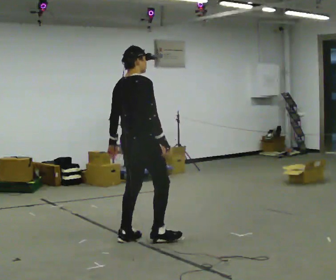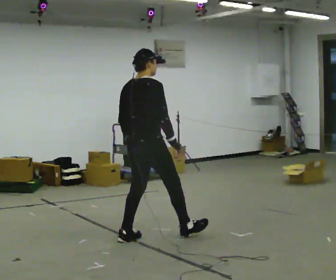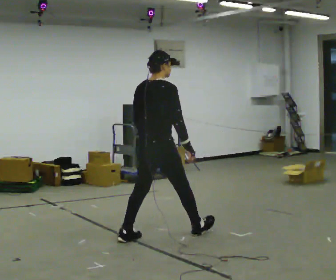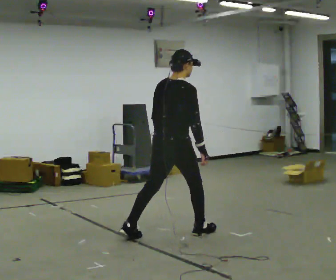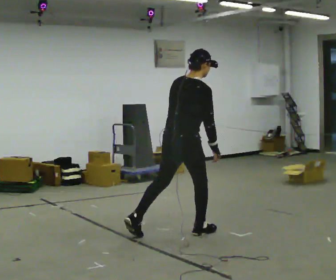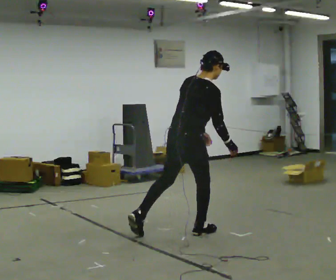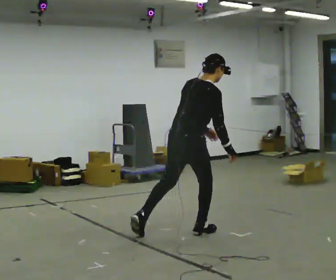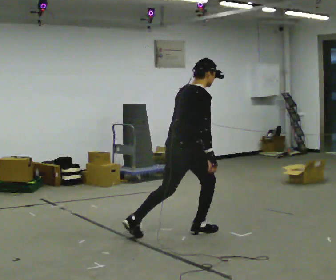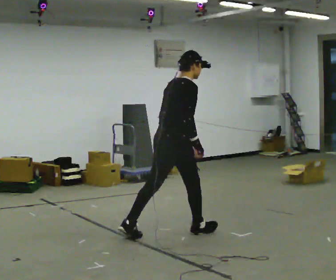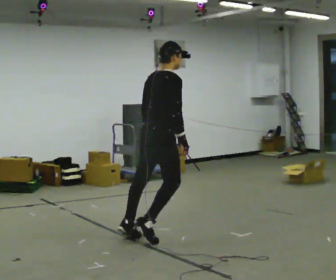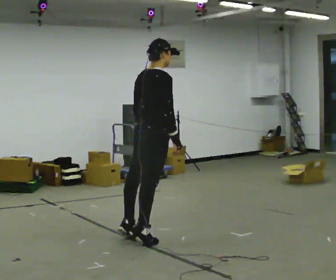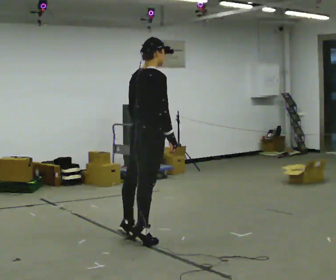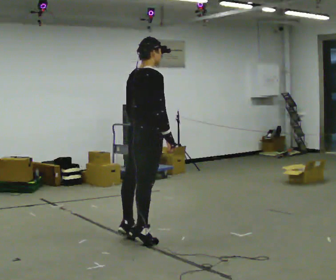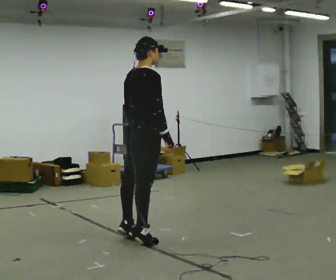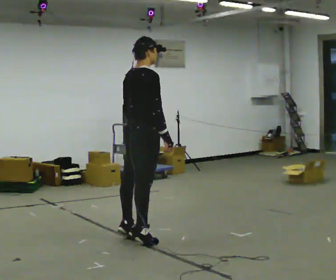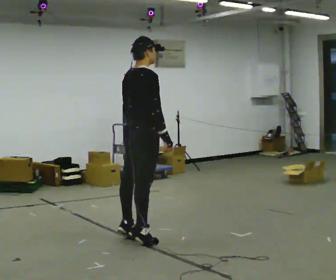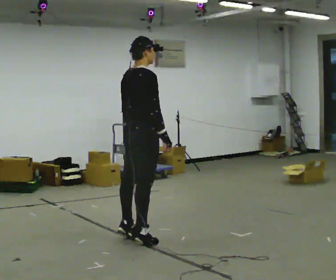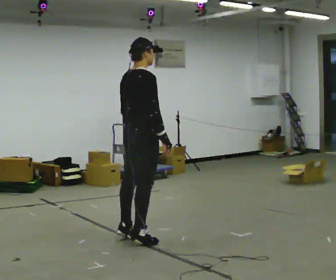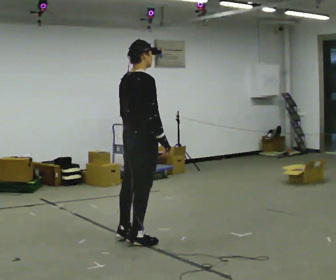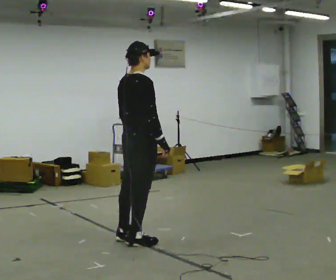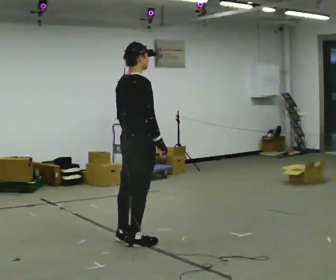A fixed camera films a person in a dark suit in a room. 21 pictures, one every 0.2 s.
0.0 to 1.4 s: In the picture they go to the right and away from the camera, about 0.5 m in 1 step, which for them is forward and to their right. In the picture the upper body tilts clockwise, shoulders to the right, as they bend forward.
1.4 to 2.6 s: In the picture they go to the left and toward the camera, about 0.5 m in 1 step, which for them is backward. The upper body goes upward. In the picture the upper body tilts counterclockwise, shoulders to the left.
2.6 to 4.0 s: The person moves a little, or ends about where they began.
The film runs backward here.
